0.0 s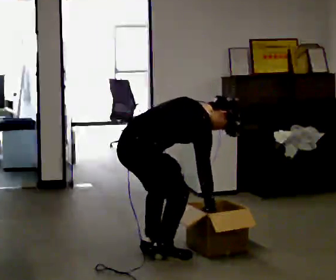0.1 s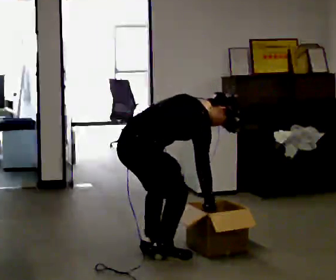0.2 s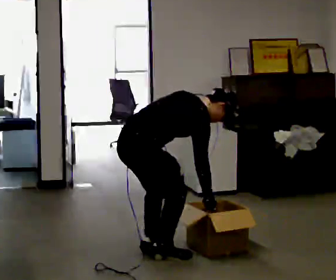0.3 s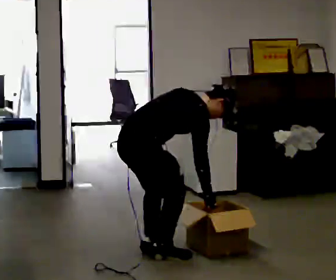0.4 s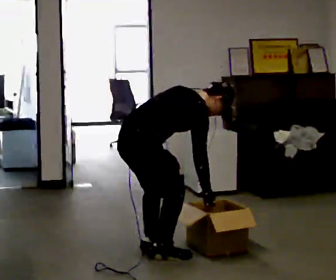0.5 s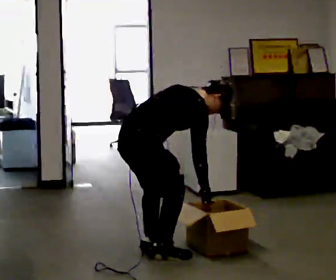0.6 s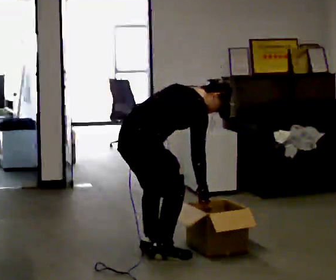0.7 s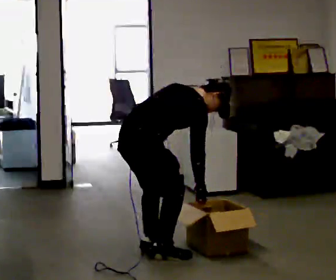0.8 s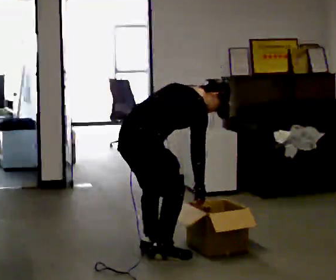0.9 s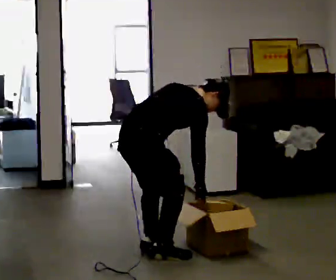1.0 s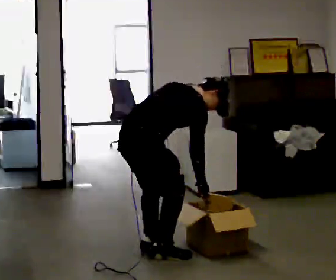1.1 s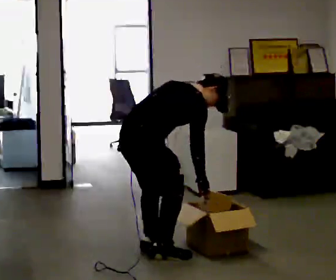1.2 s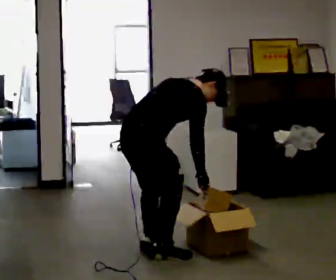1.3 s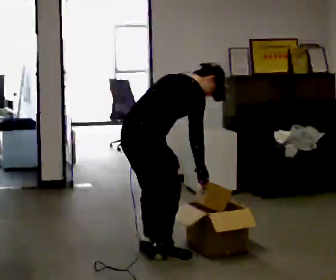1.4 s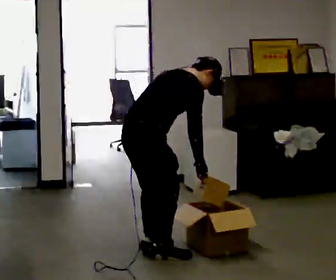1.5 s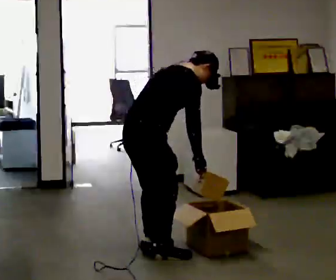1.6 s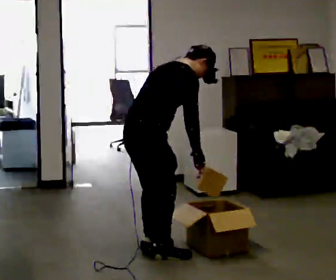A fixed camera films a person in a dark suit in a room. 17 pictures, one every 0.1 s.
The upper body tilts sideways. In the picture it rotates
counterclockwise.
The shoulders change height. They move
upward.
0.0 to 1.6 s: The shoulders move upward. In the picture the upper body tilts counterclockwise, shoulders to the left, as they lean back or straighten.
The film runs backward here.
